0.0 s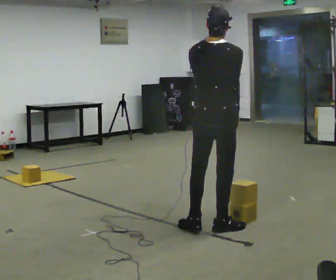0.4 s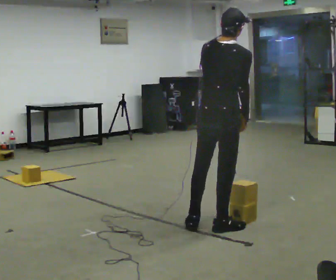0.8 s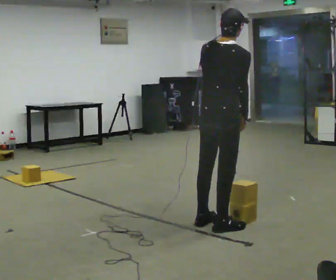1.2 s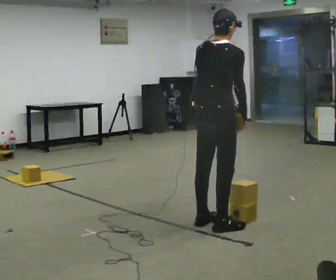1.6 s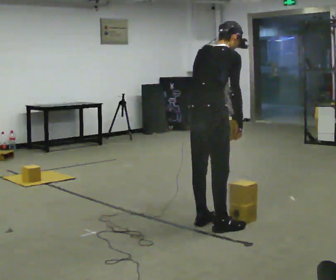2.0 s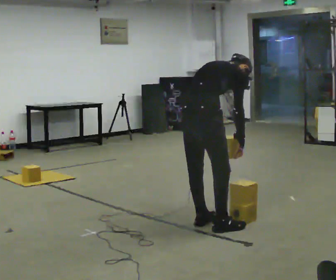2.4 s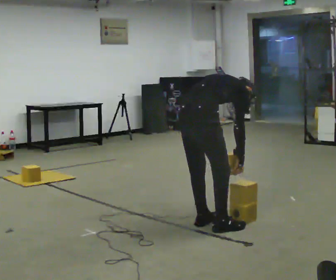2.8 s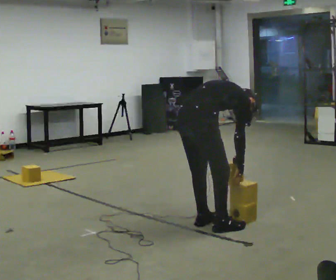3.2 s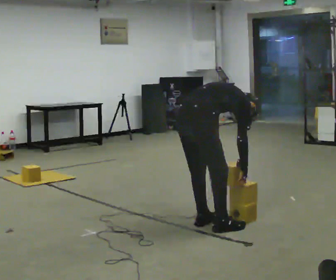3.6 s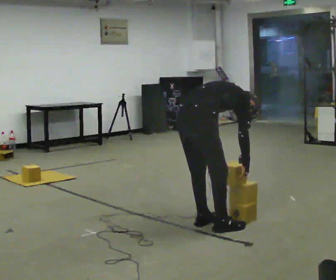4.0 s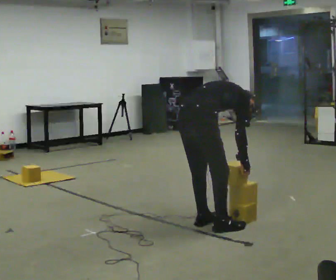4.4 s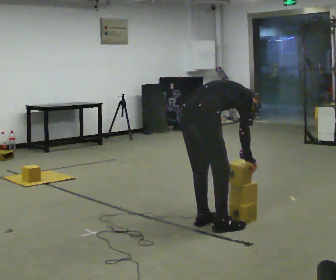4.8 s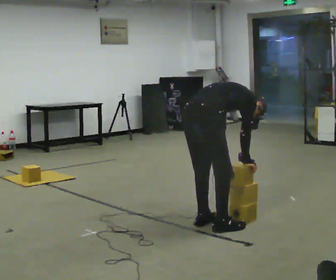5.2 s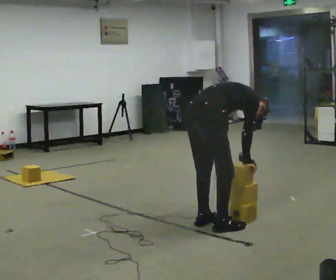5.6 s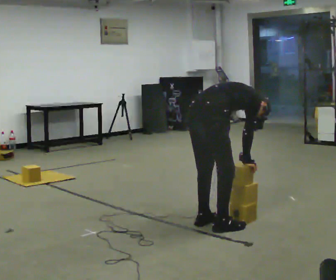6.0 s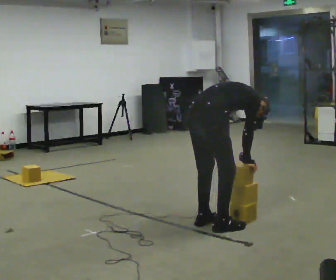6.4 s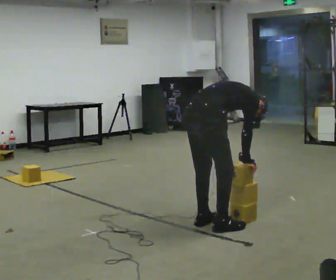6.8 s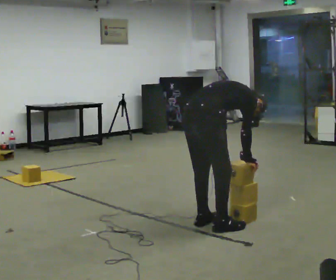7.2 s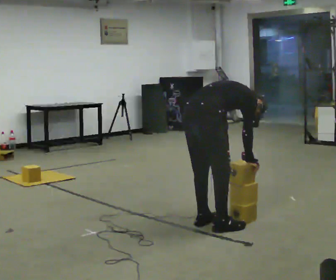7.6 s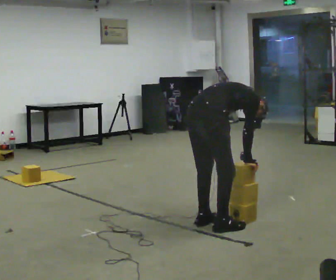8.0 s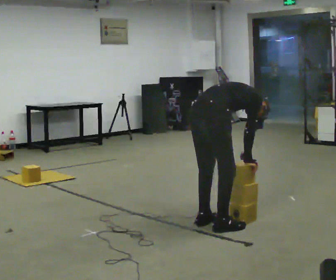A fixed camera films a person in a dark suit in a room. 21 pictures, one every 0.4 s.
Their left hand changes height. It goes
downward.
The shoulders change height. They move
downward.
0.0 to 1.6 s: The person turns about 30 degrees to their right, clockwise seen from above, so the part of the body nearest the lens slides to the left.
1.6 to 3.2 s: The shoulders move downward. In the picture the upper body tilts clockwise, shoulders to the right, as they bend forward. In the picture their right hand goes downward.
3.2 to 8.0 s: The person moves a little, or ends about where they began.
The film runs backward here.
